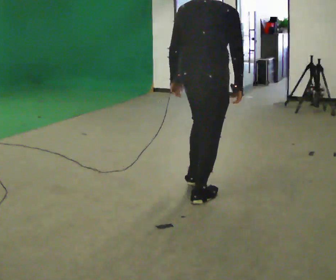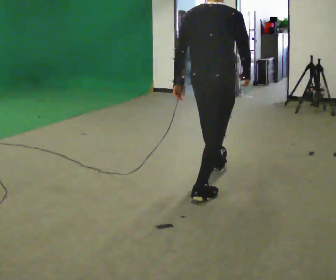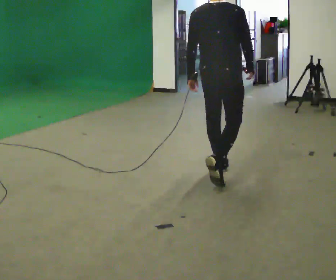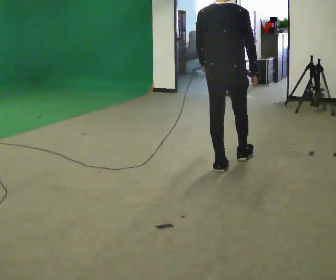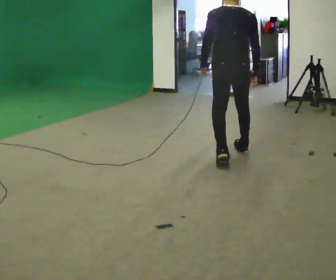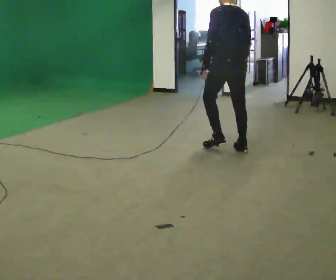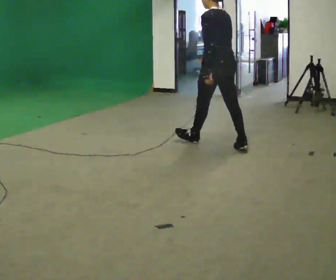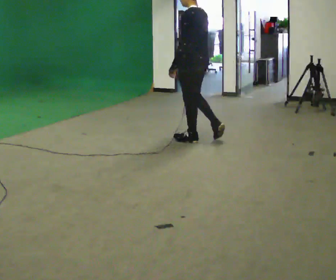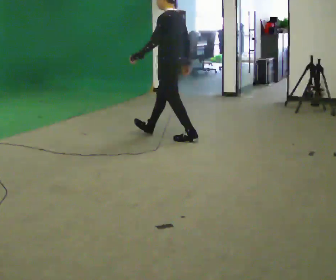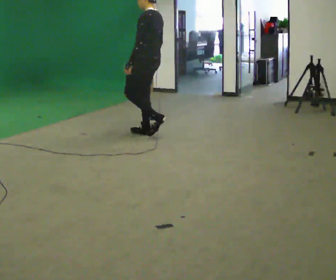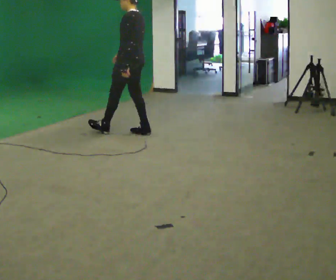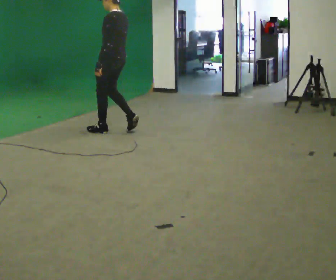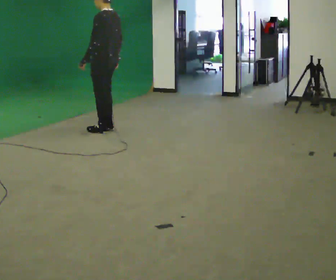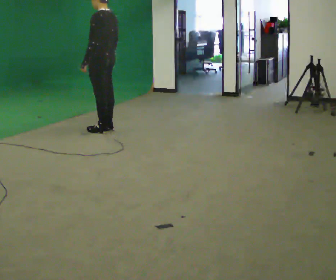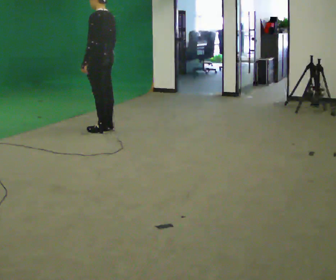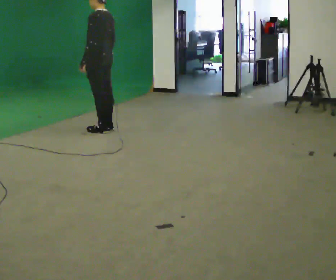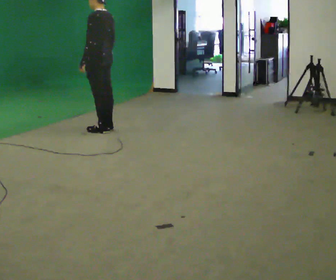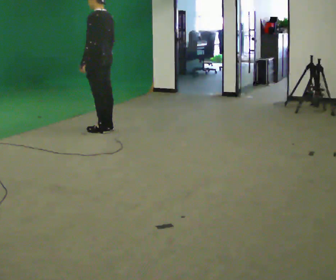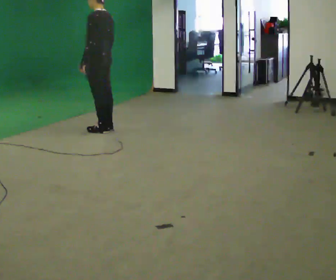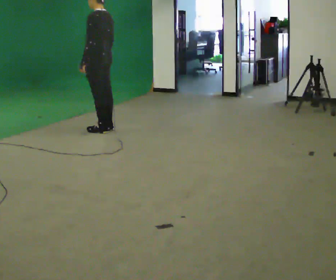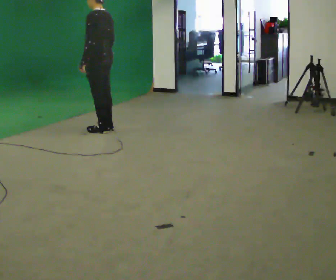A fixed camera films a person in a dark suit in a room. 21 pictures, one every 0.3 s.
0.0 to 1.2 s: The part of the body nearest the lens slides to the right as the person turns to their left by about 30 degrees. In the picture they go away from the camera and to the right, about 1 m in 2 steps, which for them is forward.
1.2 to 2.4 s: The person turns about 75 degrees to their left, counterclockwise seen from above, so the part of the body nearest the lens slides to the right. In the picture they go away from the camera and to the left, about 1 m in 1 step.
2.4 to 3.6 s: In the picture they go to the left and away from the camera, about 1 m in 3 steps, which for them is forward.
3.6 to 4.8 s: The person moves a little, or ends about where they began.
4.8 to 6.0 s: The person keeps their place and pose.
The film runs forward here.
